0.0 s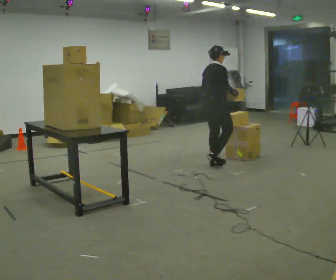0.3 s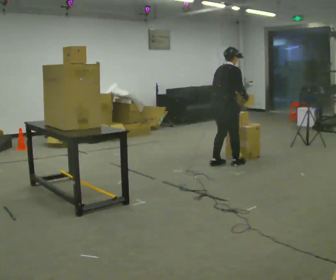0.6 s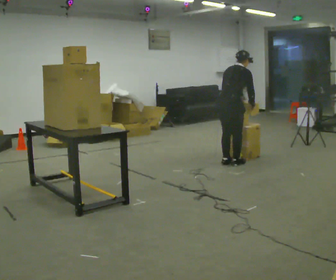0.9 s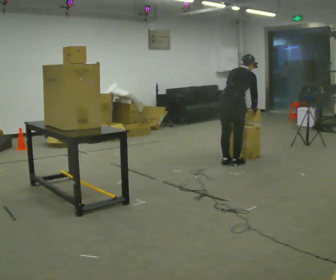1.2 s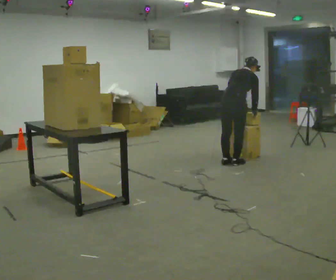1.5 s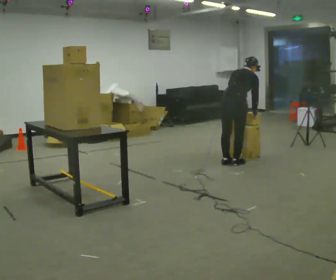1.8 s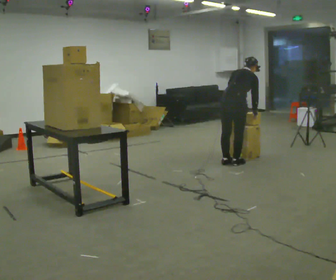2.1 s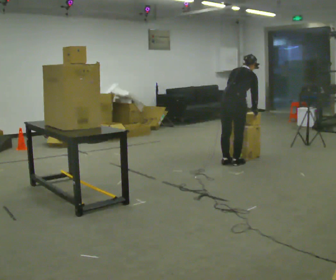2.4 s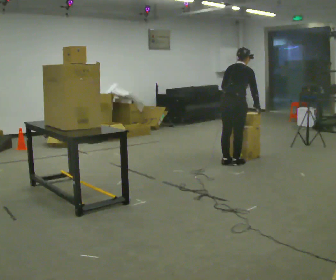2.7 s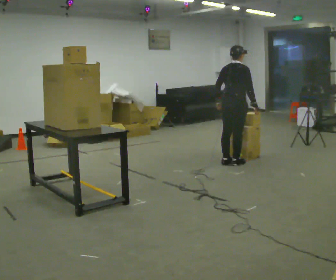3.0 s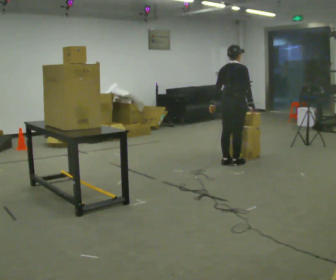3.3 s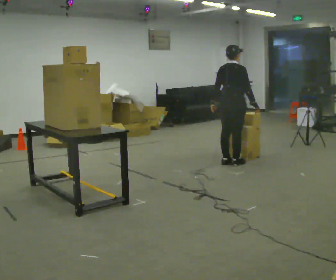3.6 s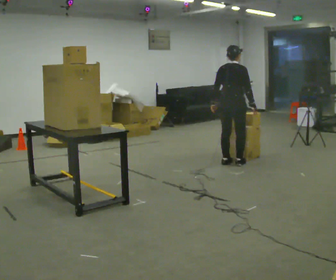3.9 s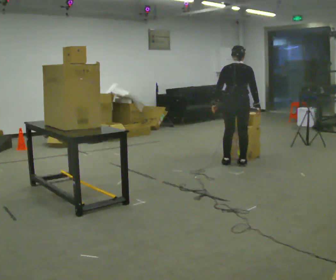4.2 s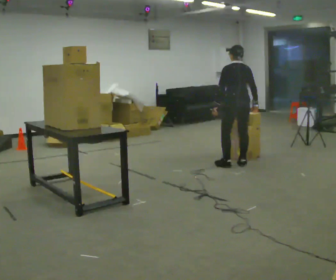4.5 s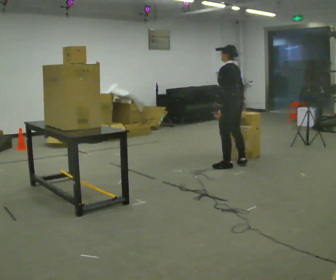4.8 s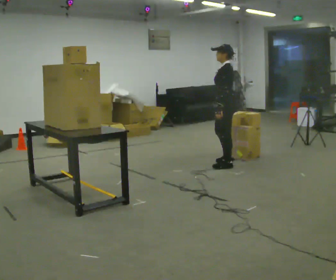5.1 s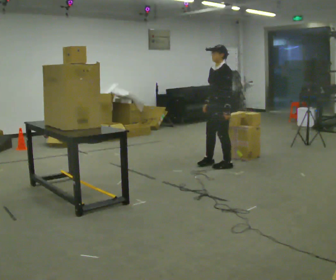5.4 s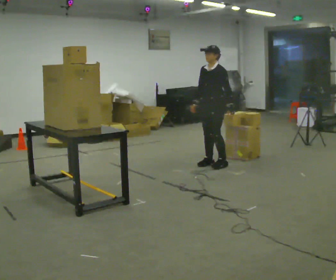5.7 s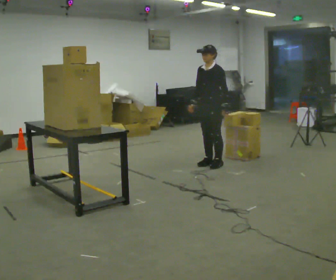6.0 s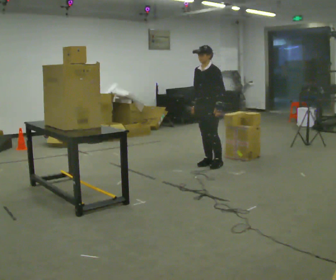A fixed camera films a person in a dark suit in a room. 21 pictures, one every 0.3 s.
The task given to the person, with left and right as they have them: Take an object from the waist-height shelf, carry it across the room, and place it on the highest shelf you can comfortably reach. Keep going until the operator says stop; one object at a time, and do not rush between trips.
0.0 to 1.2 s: The part of the body nearest the lens slides to the right as the person turns to their left by about 30 degrees. In the picture they go to the right, about 0.25 m in 2 steps, which for them is to their right and forward. The upper body tips away from the camera, its near side rolling upward, as they bend forward.
1.2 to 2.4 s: The upper body tips toward the camera, its near side rolling downward, as they lean back or straighten.
2.4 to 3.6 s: The person moves a little, or ends about where they began.
3.6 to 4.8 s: The part of the body nearest the lens slides to the right as the person turns to their left by about 120 degrees. In the picture they go toward the camera, about 0.25 m in 1 step. In the picture their right hand goes to the left.
4.8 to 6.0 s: Seen from above the body turns counterclockwise, about 45 degrees: to their left, with its near side sliding to the right. In the picture they go to the left, about 0.25 m in 2 steps, which for them is to their right.
The film runs forward here.
